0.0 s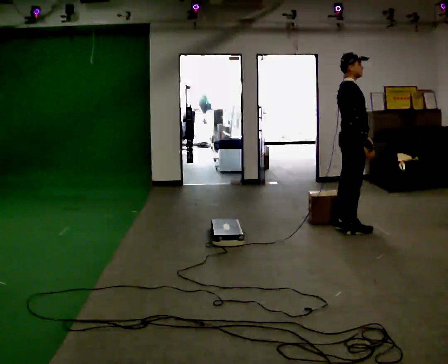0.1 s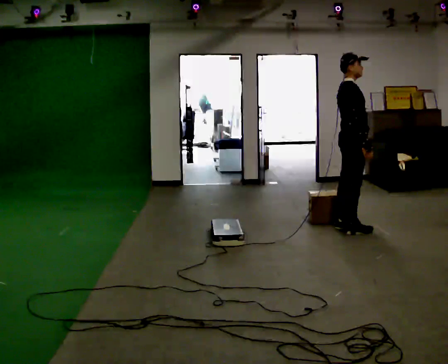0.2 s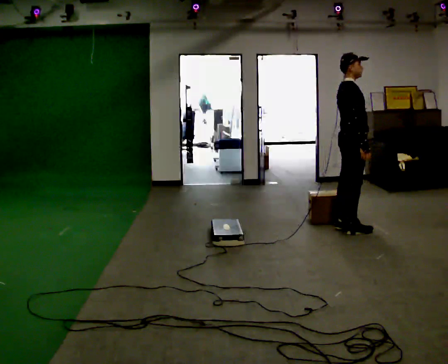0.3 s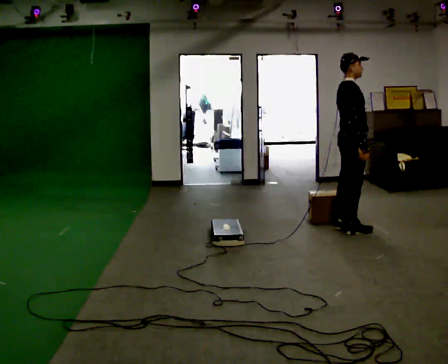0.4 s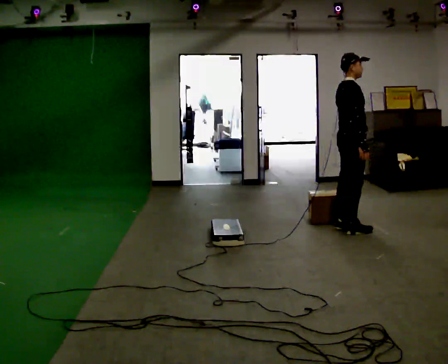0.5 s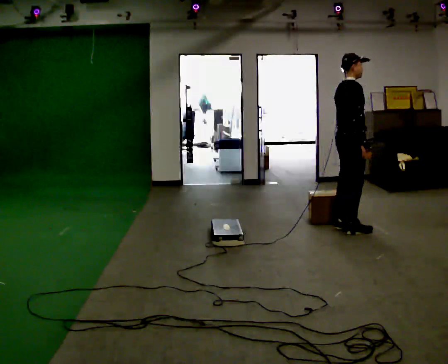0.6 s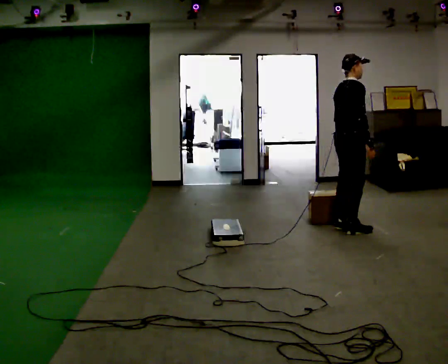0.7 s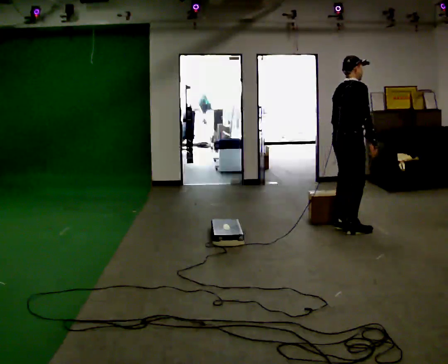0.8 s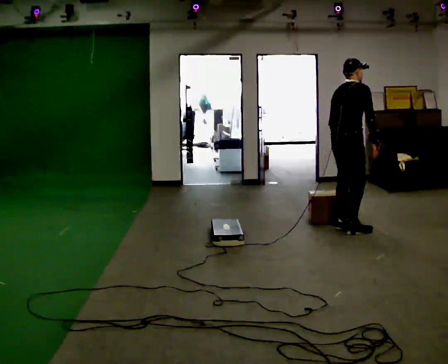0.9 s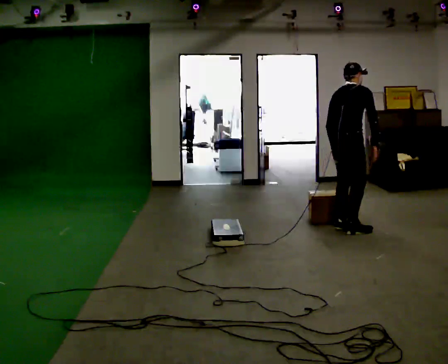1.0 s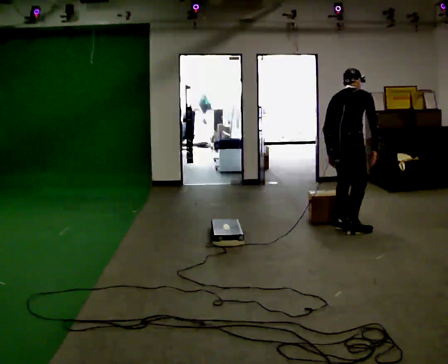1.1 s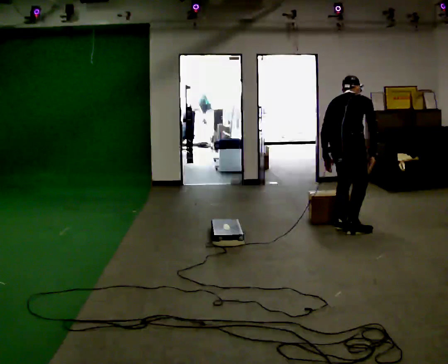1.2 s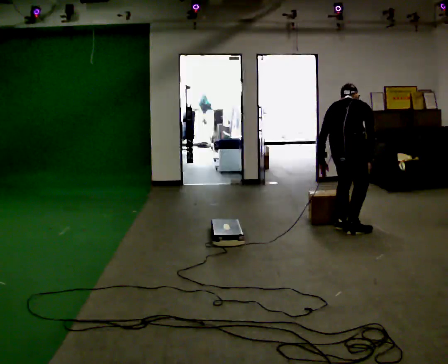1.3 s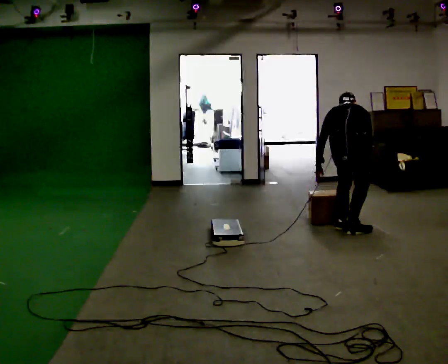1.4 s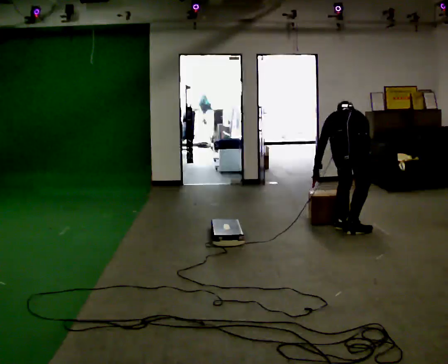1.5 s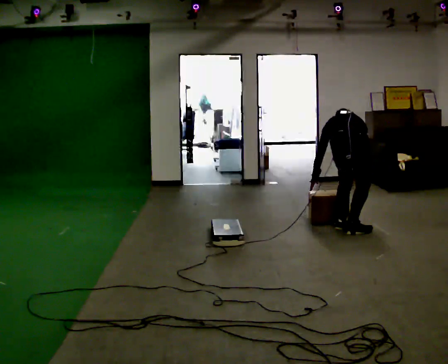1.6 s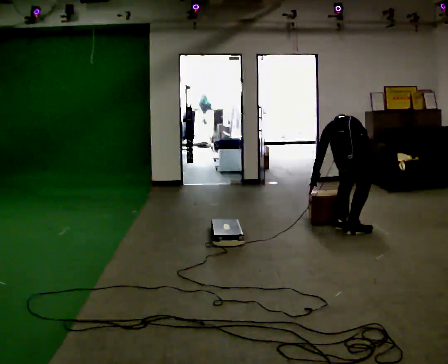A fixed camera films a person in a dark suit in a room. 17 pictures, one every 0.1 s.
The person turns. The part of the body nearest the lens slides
to the right.
The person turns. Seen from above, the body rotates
counterclockwise.
0.0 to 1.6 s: The part of the body nearest the lens slides to the right as the person turns to their left by about 75 degrees. In the picture they go toward the camera, about 0.25 m. The shoulders move downward. The upper body tips away from the camera, its near side rolling upward, as they bend forward. In the picture their left hand goes to the left and downward, the arm swinging clockwise.
The film runs backward here.
